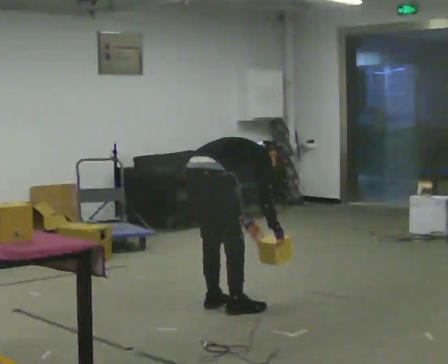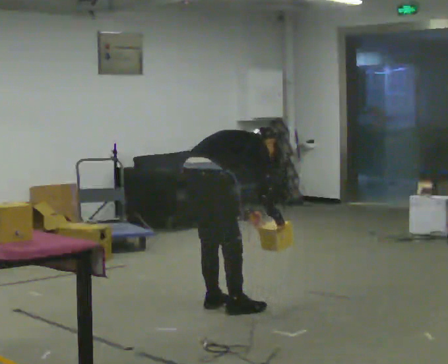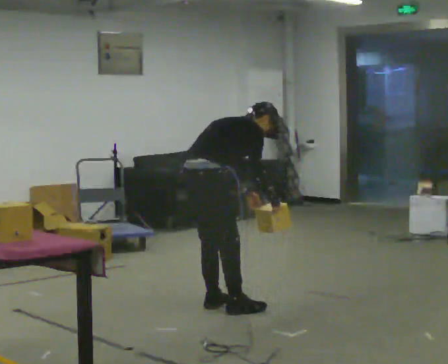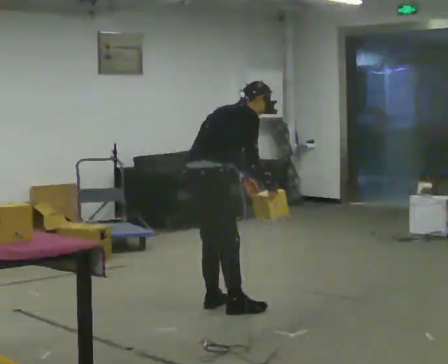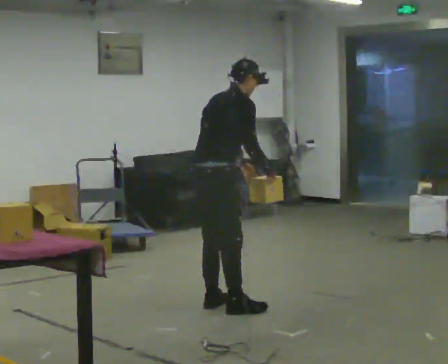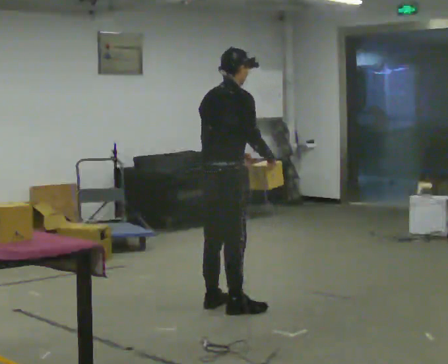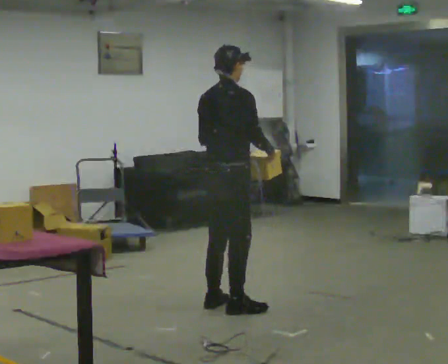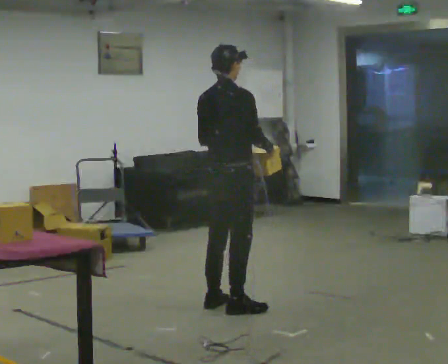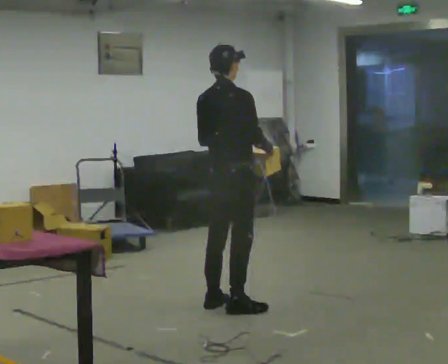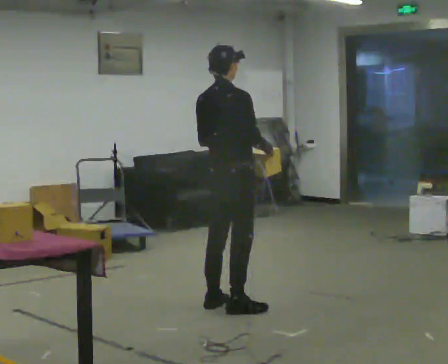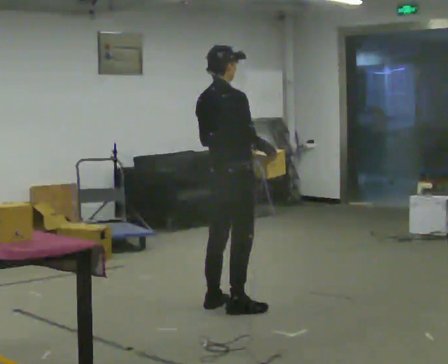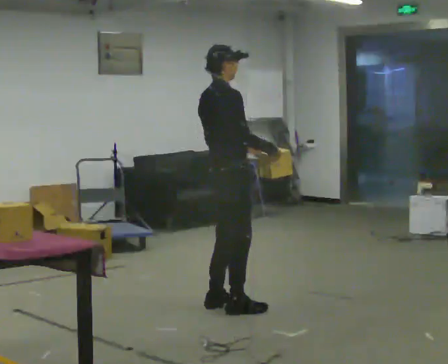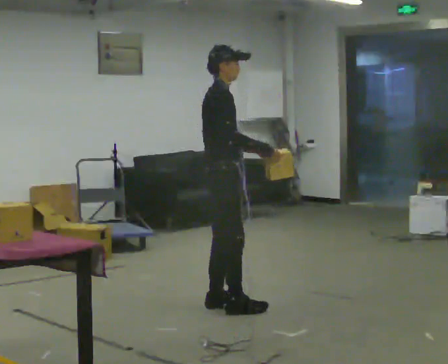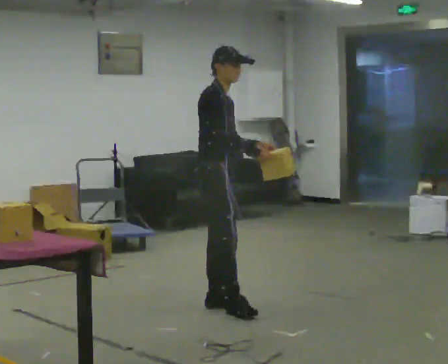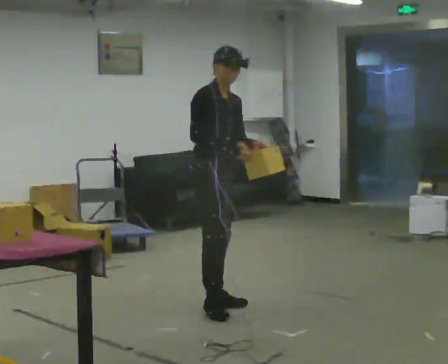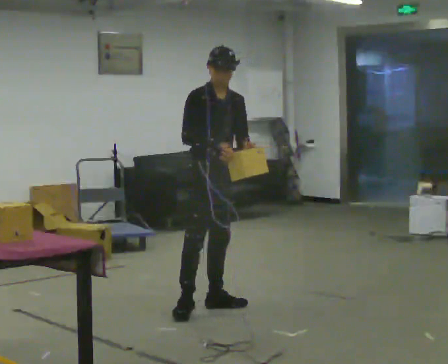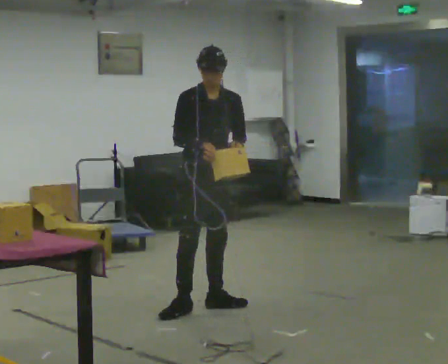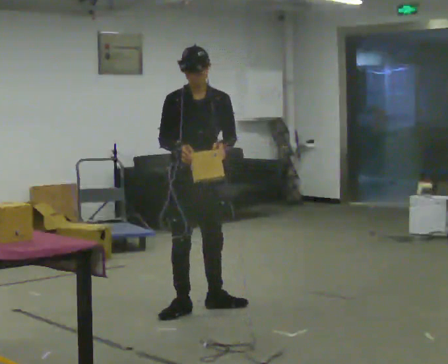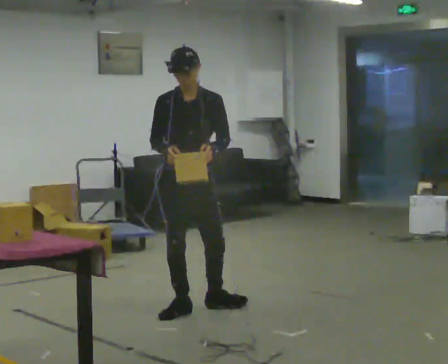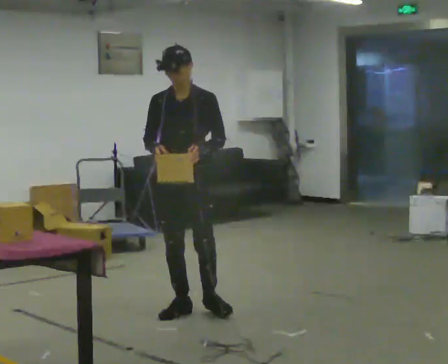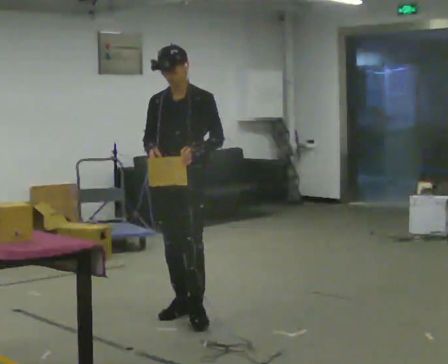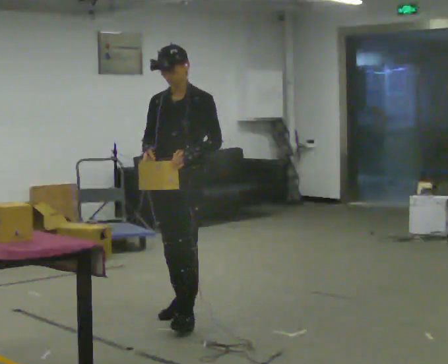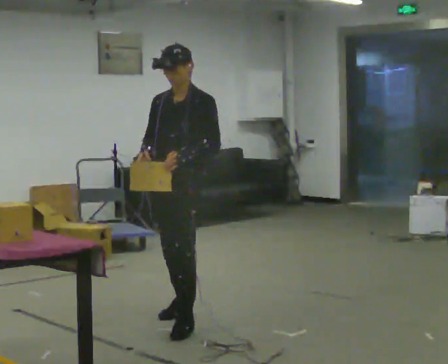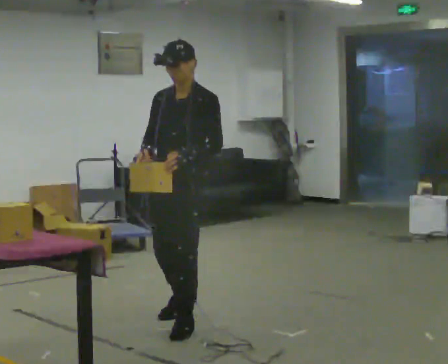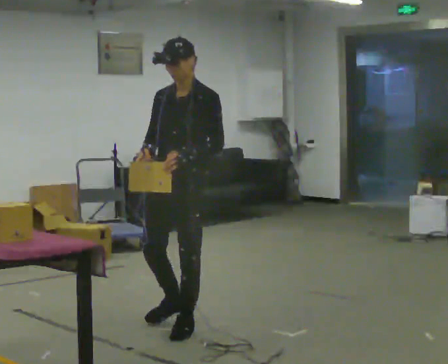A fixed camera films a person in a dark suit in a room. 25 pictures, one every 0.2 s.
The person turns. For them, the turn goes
to their right.
The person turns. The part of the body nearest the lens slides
to the left.
0.0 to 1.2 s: In the picture they go to the right, about 0.25 m, which for them is forward. The shoulders move upward. In the picture the upper body tilts counterclockwise, shoulders to the left, as they lean back or straighten. In the picture their right hand goes upward.
1.2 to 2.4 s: Seen from above the body turns clockwise, about 45 degrees: to their right, with its near side sliding to the left.
2.4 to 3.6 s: Seen from above the body turns clockwise, about 90 degrees: to their right, with its near side sliding to the left. In the picture they go to the left, about 0.25 m in 1 step. In the picture their right hand goes to the left.
3.6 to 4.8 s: The part of the body nearest the lens slides to the left as the person turns to their right by about 30 degrees. In the picture they go toward the camera, about 0.5 m in 1 step, which for them is forward and to their left.
The film runs forward here.
